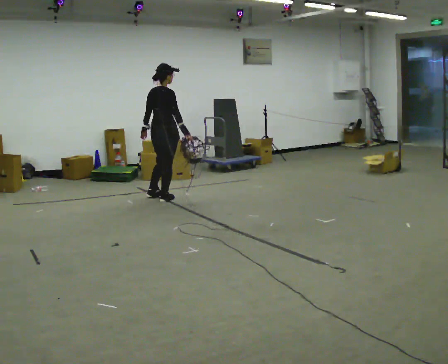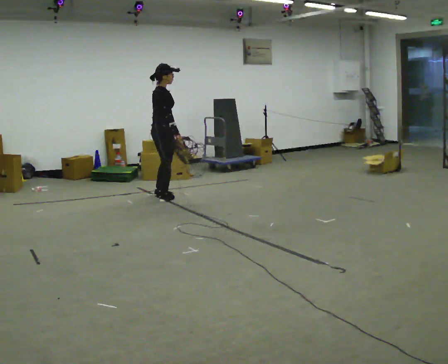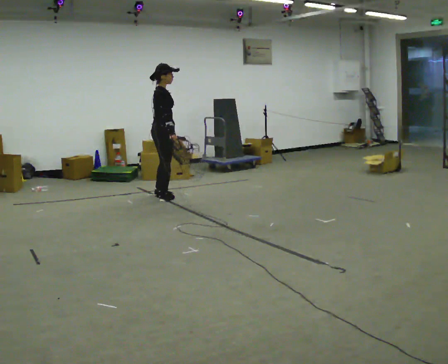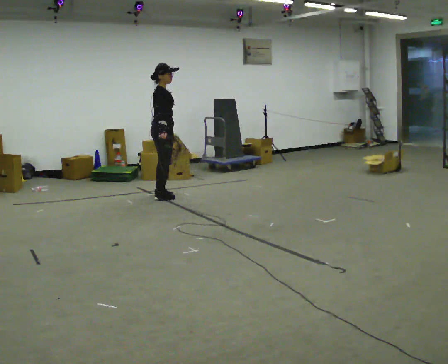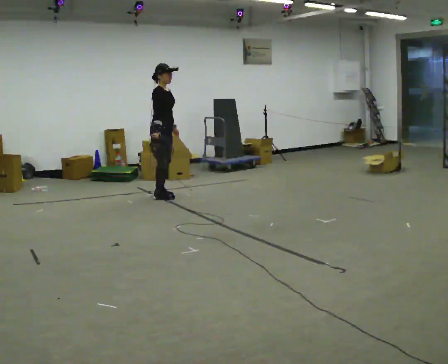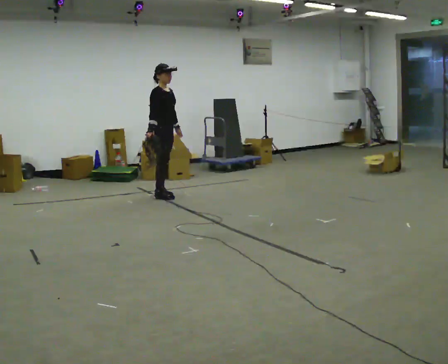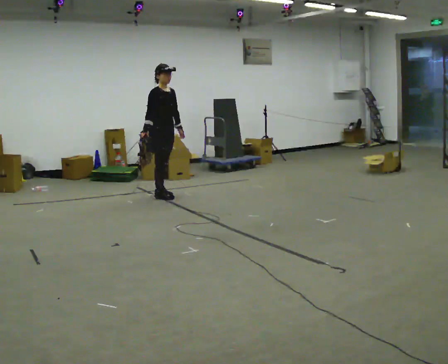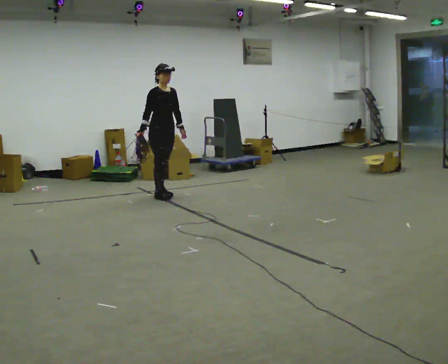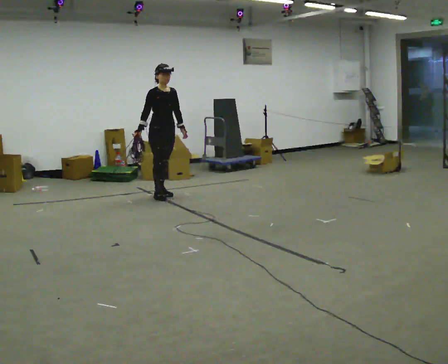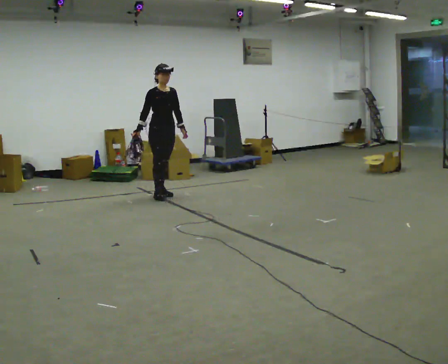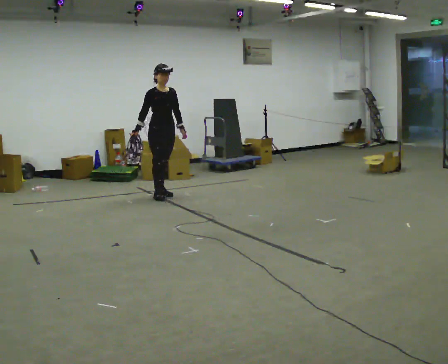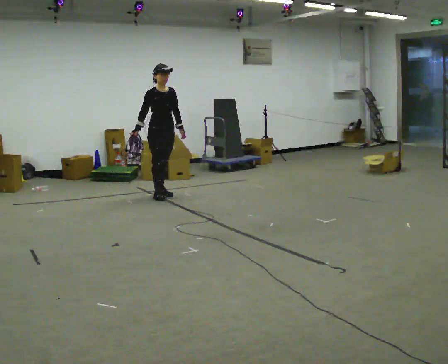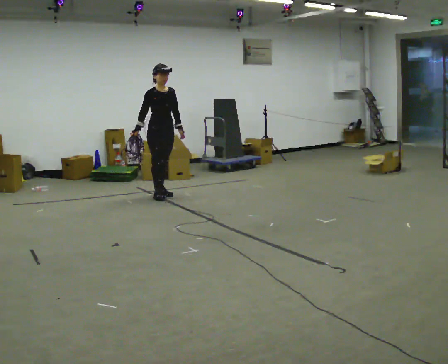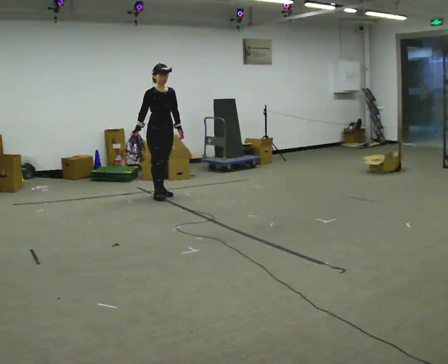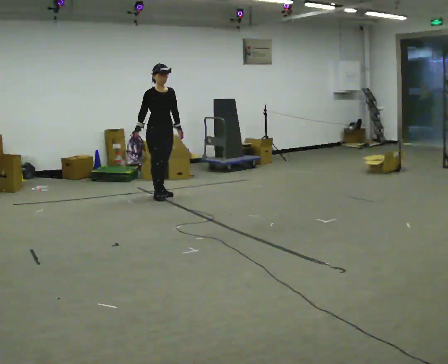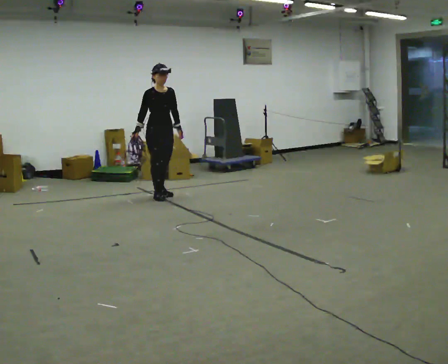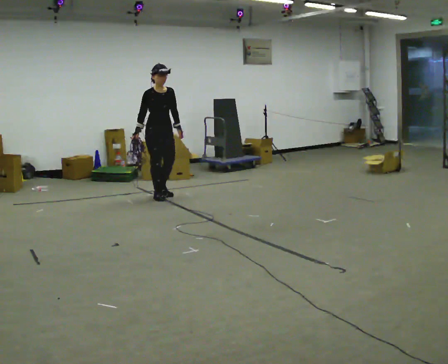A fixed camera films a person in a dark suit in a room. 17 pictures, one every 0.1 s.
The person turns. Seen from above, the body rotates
clockwise.
The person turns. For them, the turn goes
to their right.
0.0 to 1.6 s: The person turns about 105 degrees to their right, clockwise seen from above, so the part of the body nearest the lens slides to the left. In the picture their right hand goes to the left, the arm swinging clockwise.
The film runs forward here.
